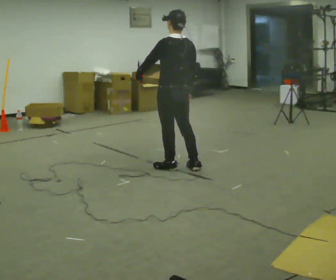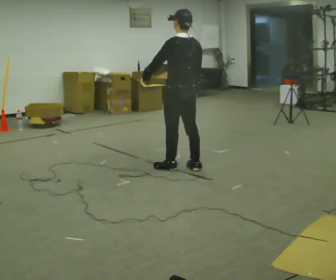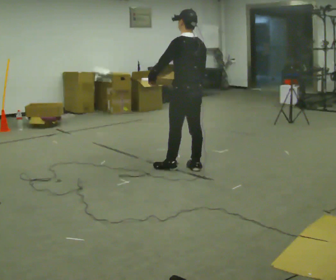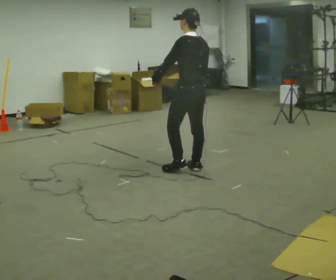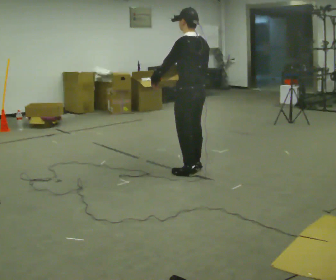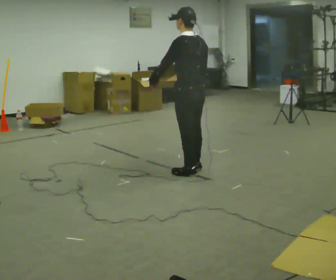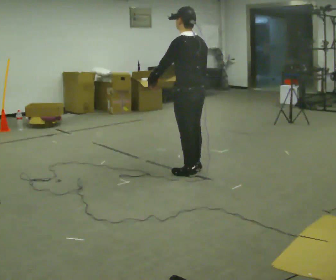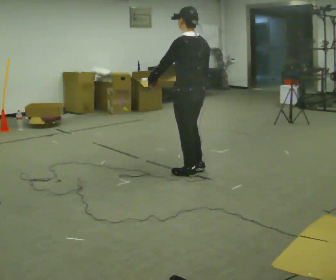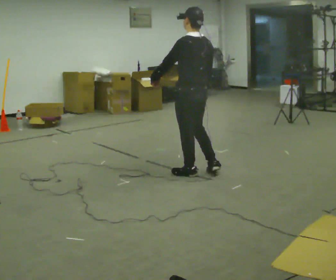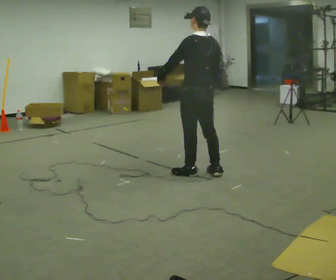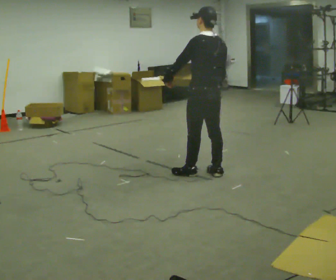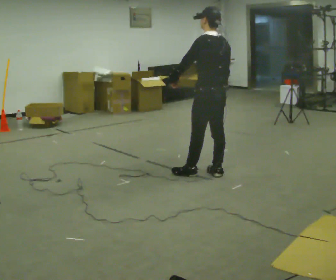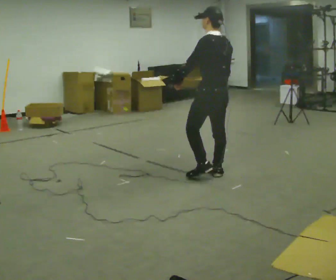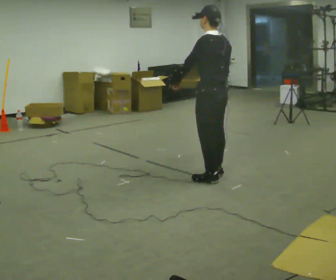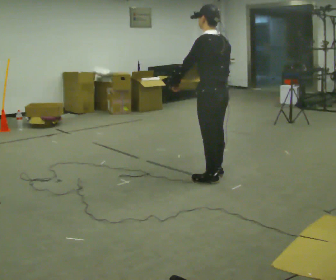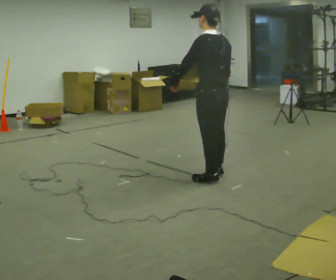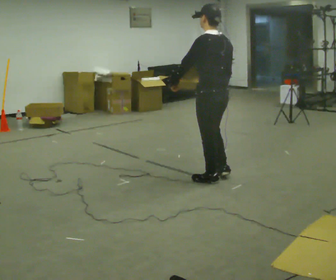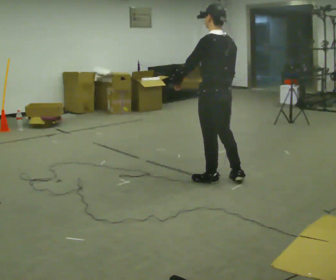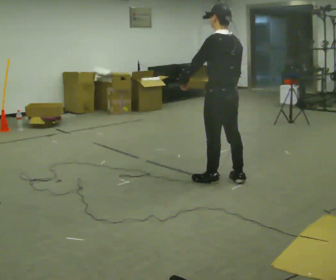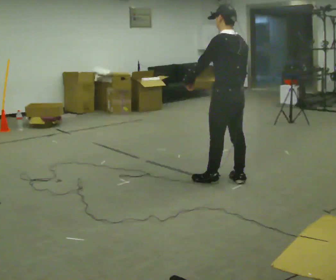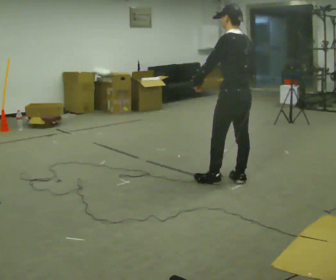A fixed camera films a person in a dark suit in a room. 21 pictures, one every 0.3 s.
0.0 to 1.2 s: In the picture they go to the right, about 0.25 m in 1 step, which for them is backward.
1.2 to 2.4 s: The person moves a little, or ends about where they began.
2.4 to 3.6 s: In the picture they go to the right, about 0.25 m in 1 step, which for them is to their right and backward.
3.6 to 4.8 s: In the picture they go toward the camera, about 0.25 m in 1 step, which for them is to their left and backward.
4.8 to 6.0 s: In the picture they go to the right, about 0.25 m in 1 step, which for them is backward and to their right.
The film runs backward here.
